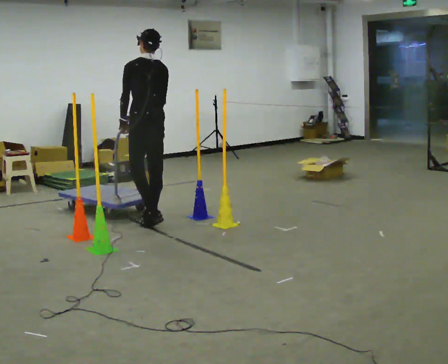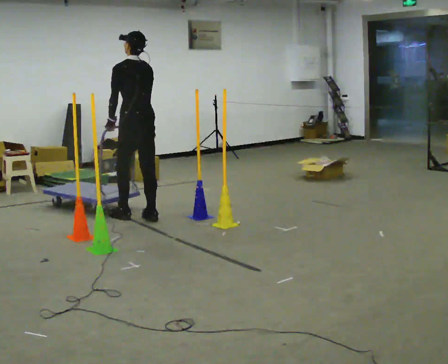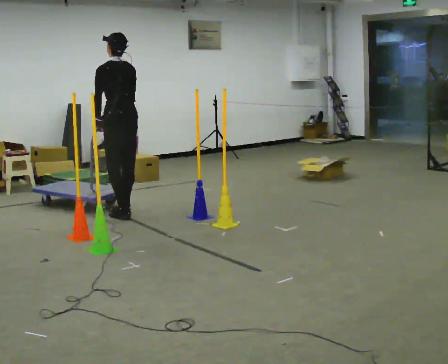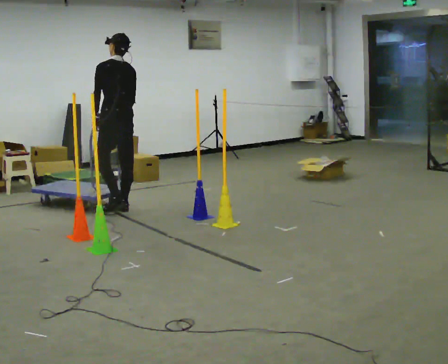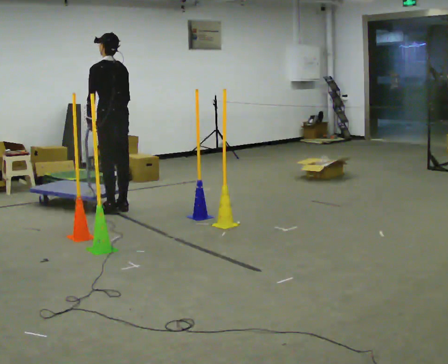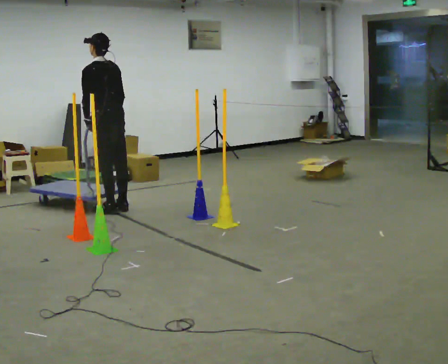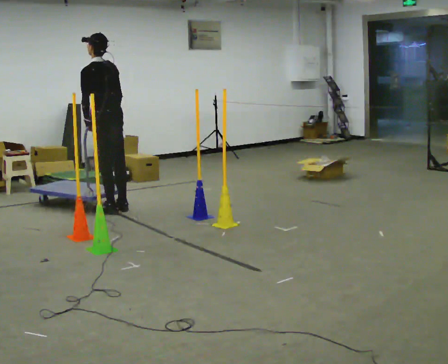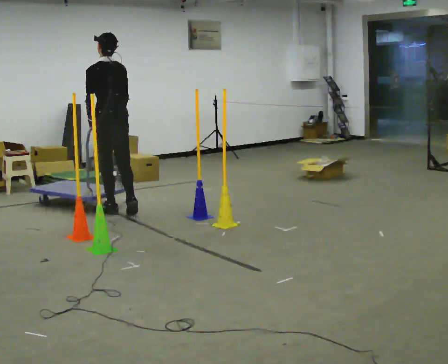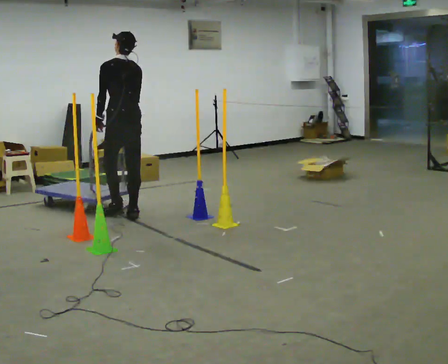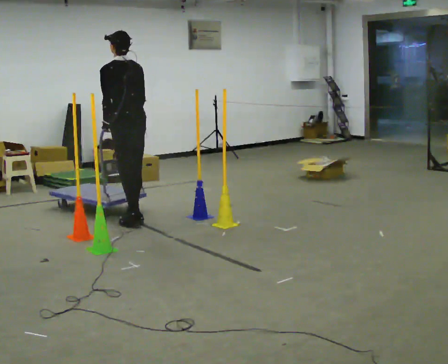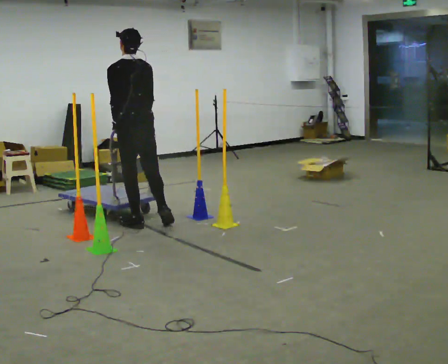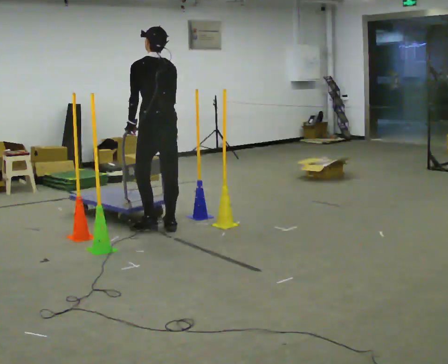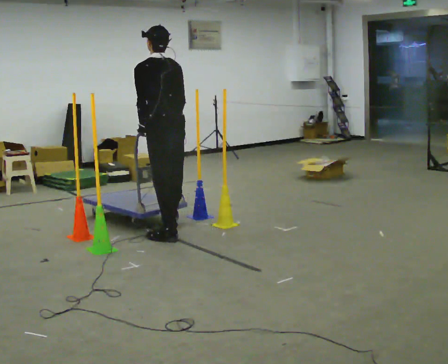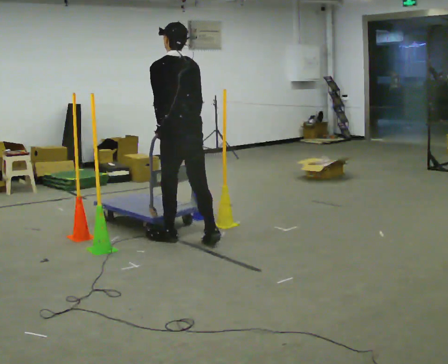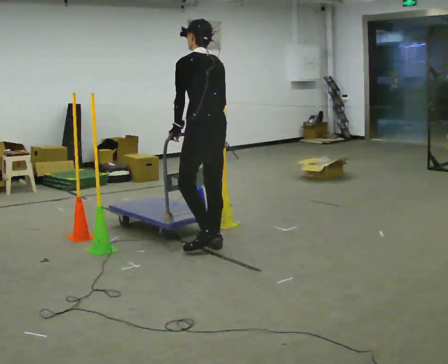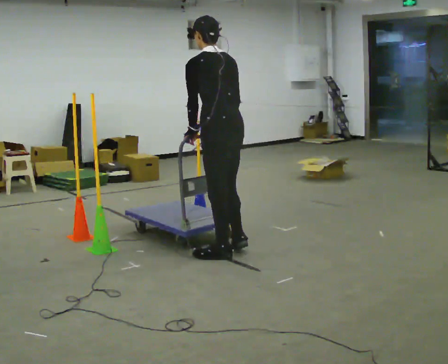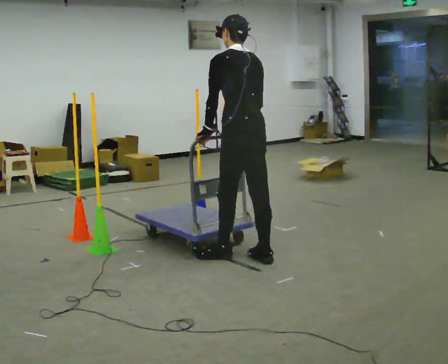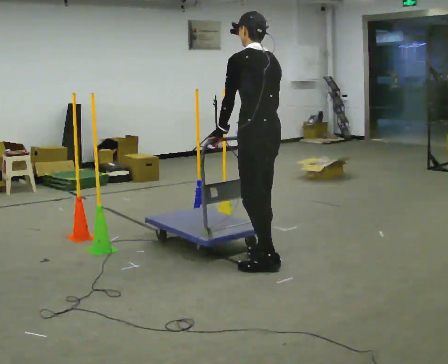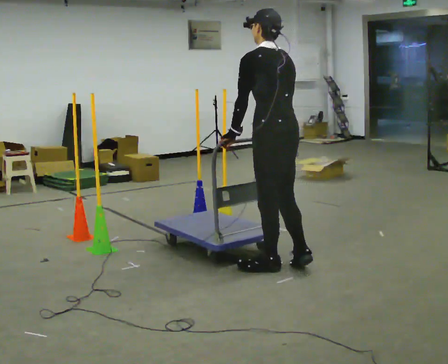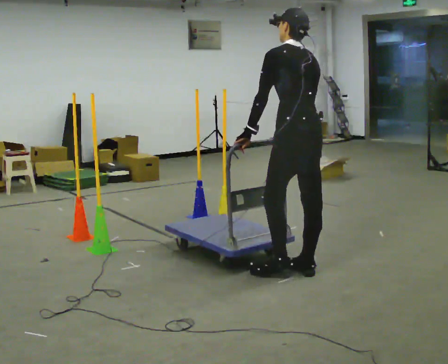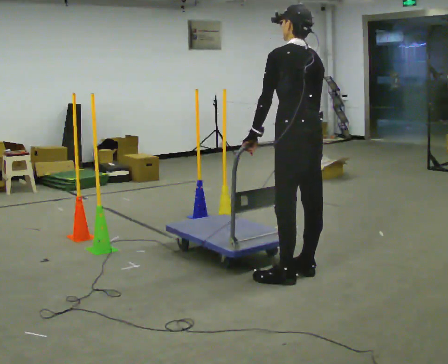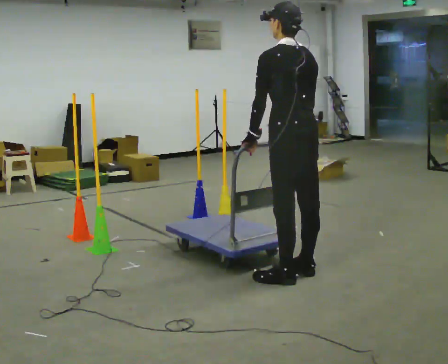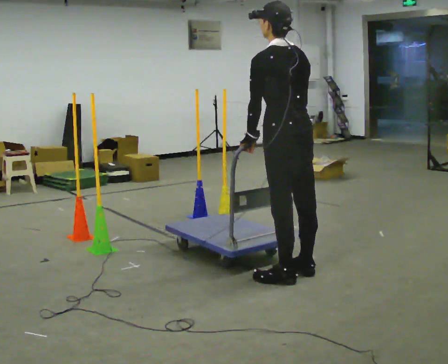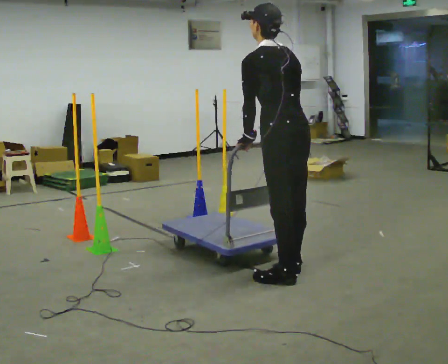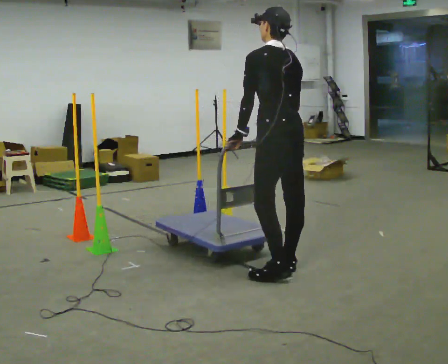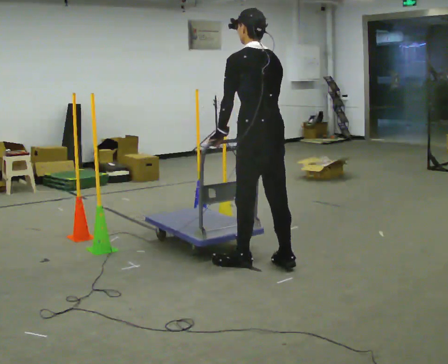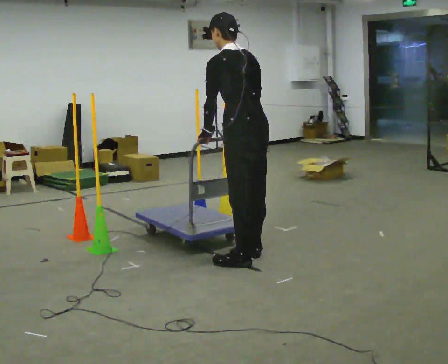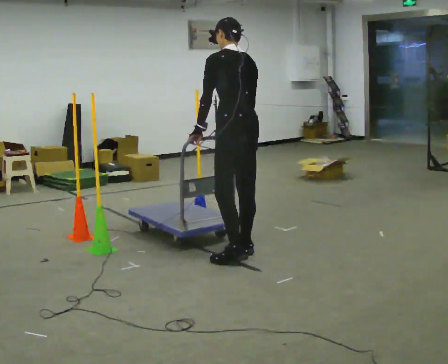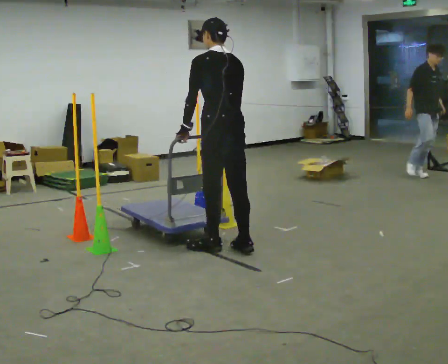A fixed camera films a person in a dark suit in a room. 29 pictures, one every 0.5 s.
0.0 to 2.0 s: In the picture they go away from the camera and to the left, about 0.5 m in 2 steps, which for them is forward.
2.0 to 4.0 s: In the picture they go toward the camera, about 0.25 m in 2 steps, which for them is backward.
4.0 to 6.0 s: In the picture they go toward the camera and to the right, about 1 m in 2 steps, which for them is backward.
6.0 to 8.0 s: In the picture they go to the right and toward the camera, about 1 m in 4 steps, which for them is backward.
8.0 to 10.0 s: In the picture they go to the right and toward the camera, about 0.5 m in 2 steps, which for them is backward.
10.0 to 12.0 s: The person moves a little, or ends about where they began.
12.0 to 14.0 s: In the picture they go away from the camera and to the left, about 0.5 m in 2 steps, which for them is forward.
The film runs backward here.
